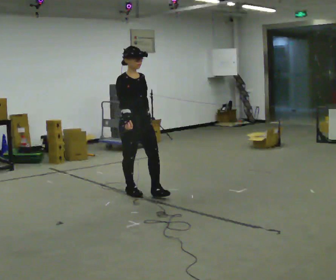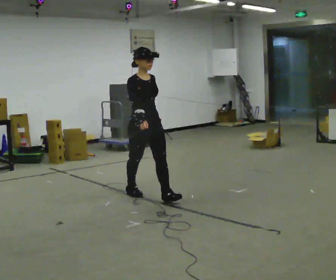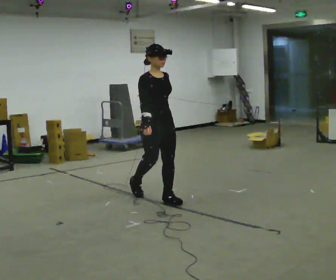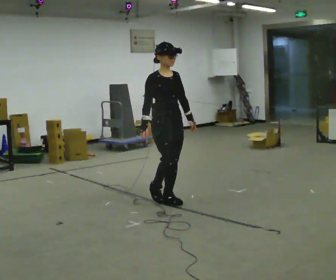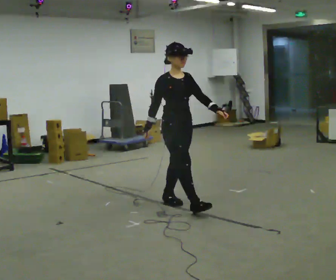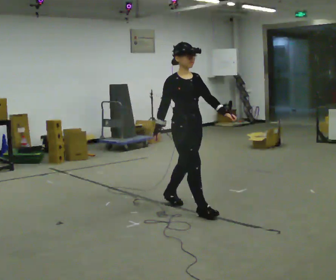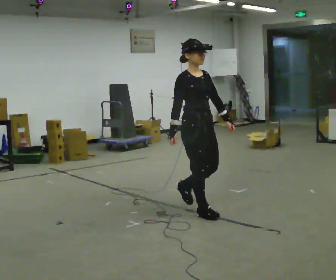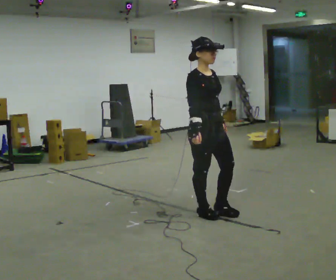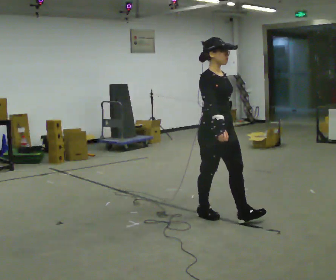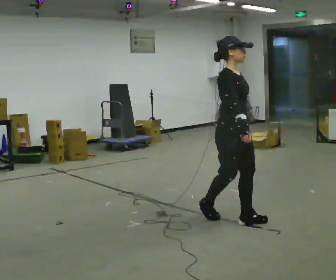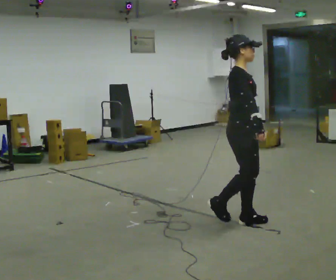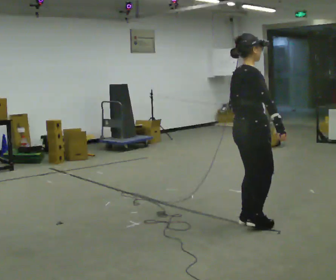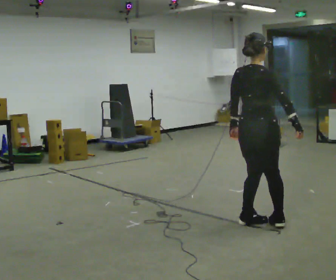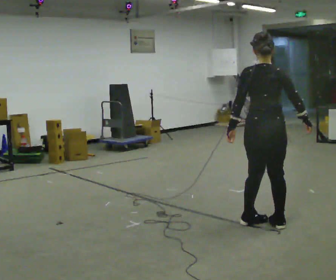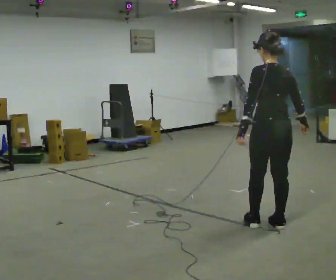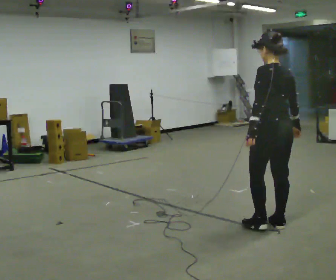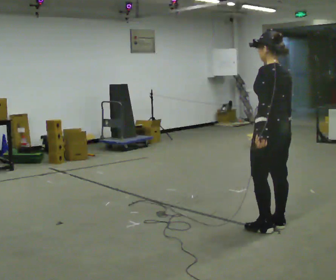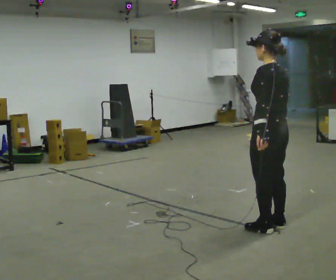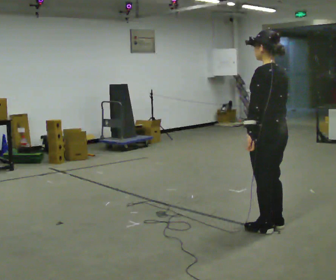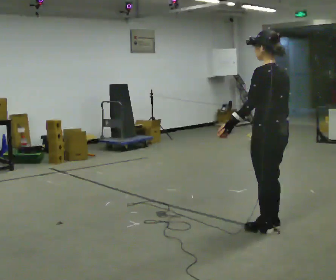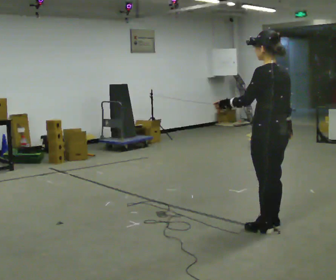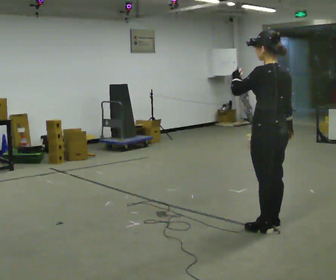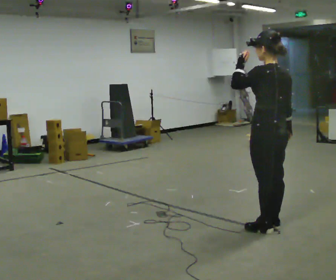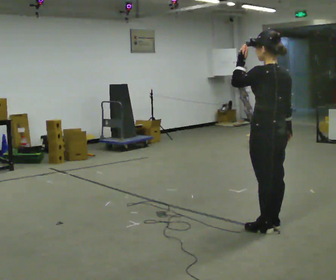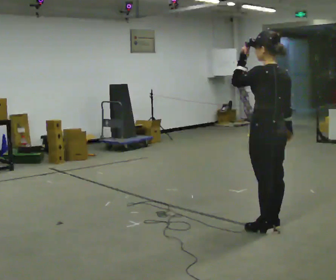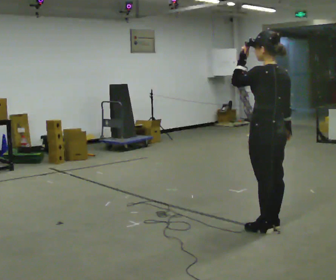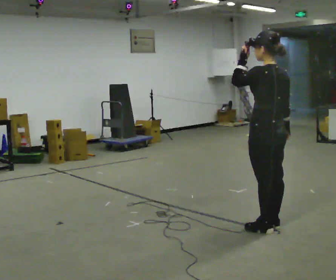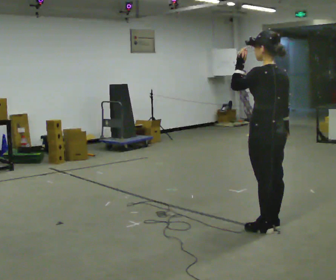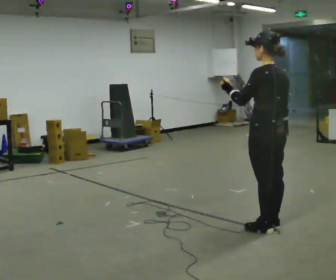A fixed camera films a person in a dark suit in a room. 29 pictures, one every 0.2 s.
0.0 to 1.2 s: In the picture they go to the right and toward the camera, about 1 m in 2 steps, which for them is forward.
1.2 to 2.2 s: The person turns about 60 degrees to their left, counterclockwise seen from above, so the part of the body nearest the lens slides to the right. In the picture they go to the right and toward the camera, about 0.5 m in 1 step.
2.2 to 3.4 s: The person turns about 120 degrees to their left, counterclockwise seen from above, so the part of the body nearest the lens slides to the right. In the picture they go toward the camera and to the right, about 0.25 m in 2 steps.
3.4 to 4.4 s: In the picture their left hand goes upward.
4.4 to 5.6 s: The person moves a little, or ends about where they began.
The film runs forward here.
